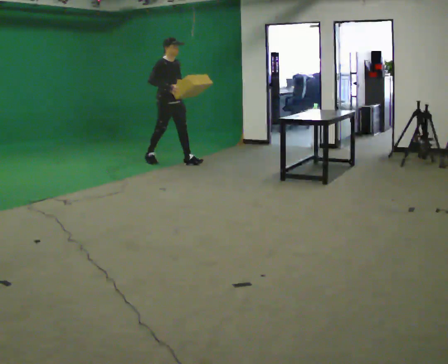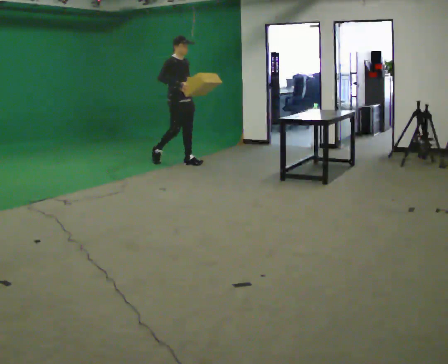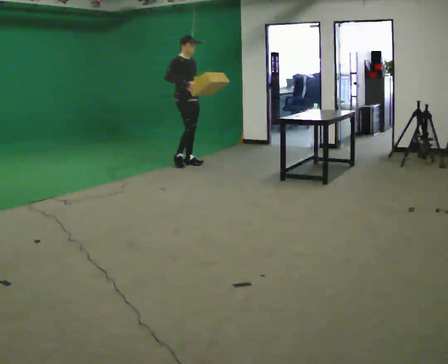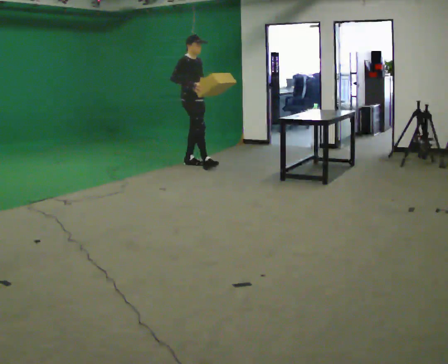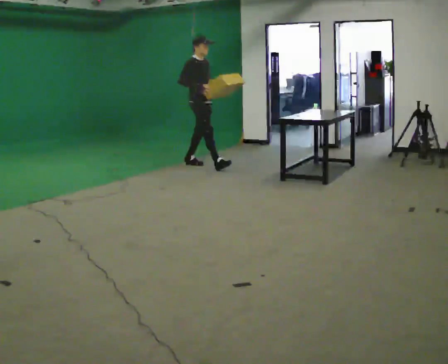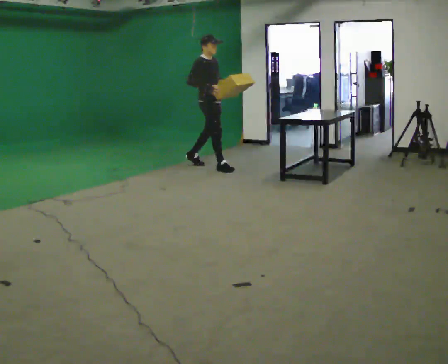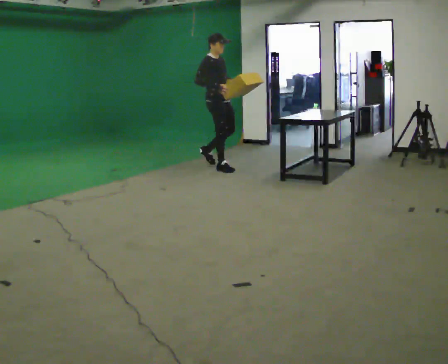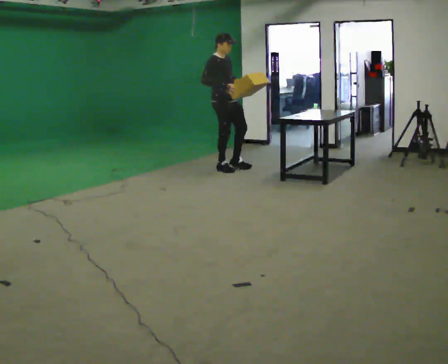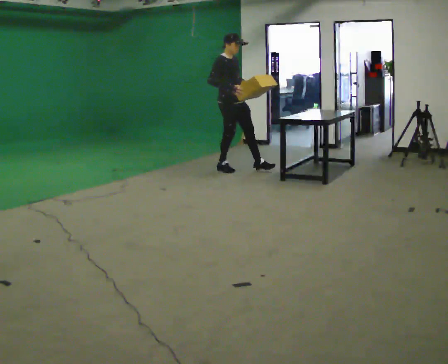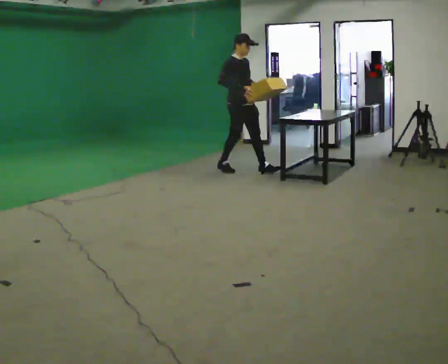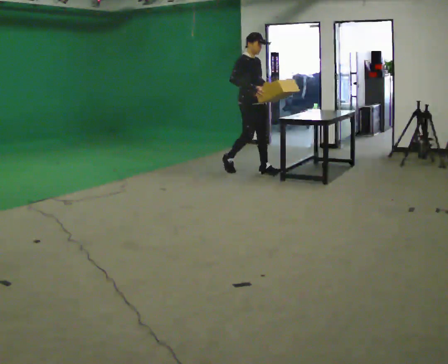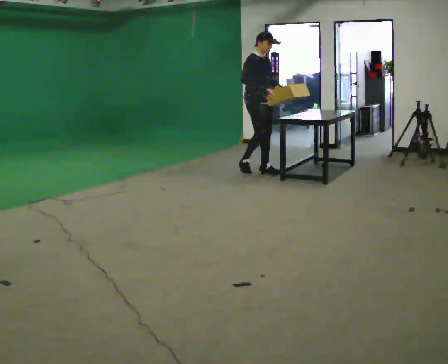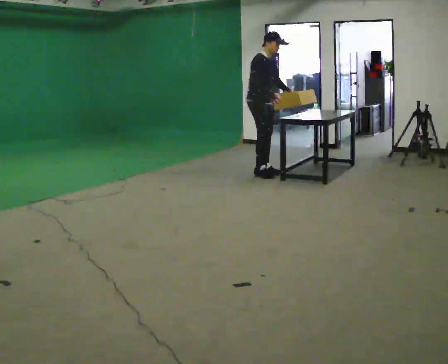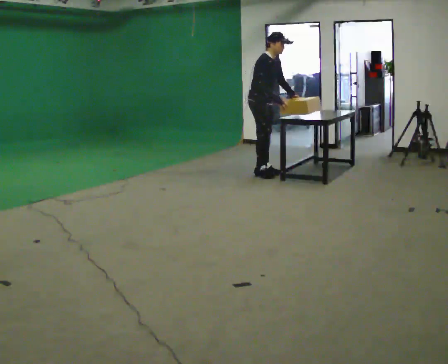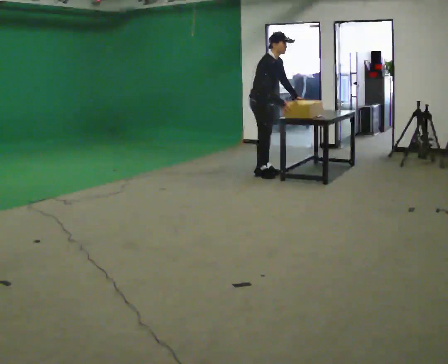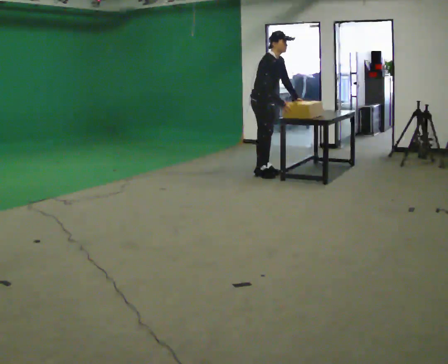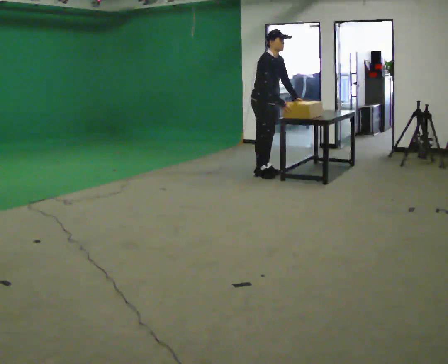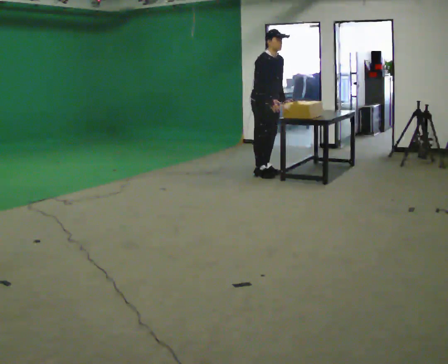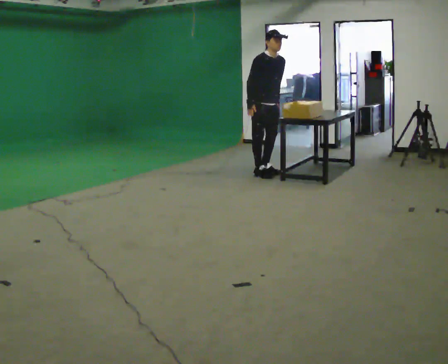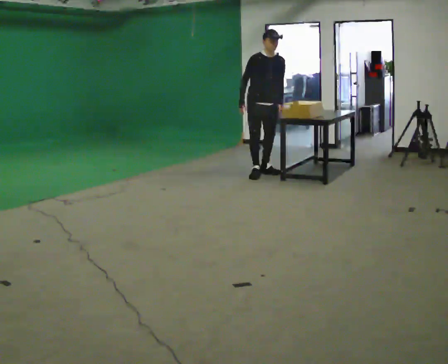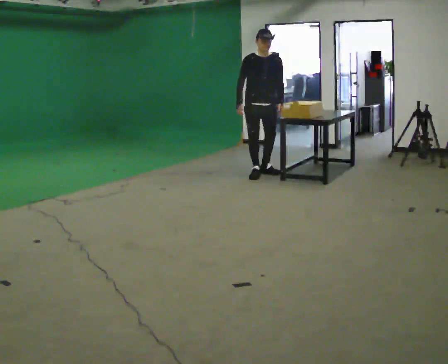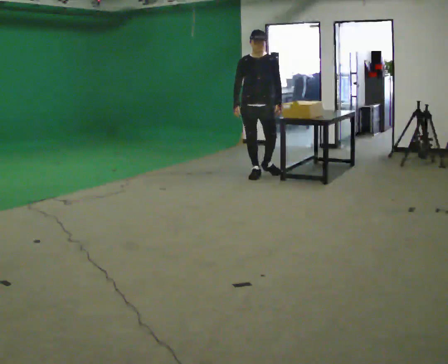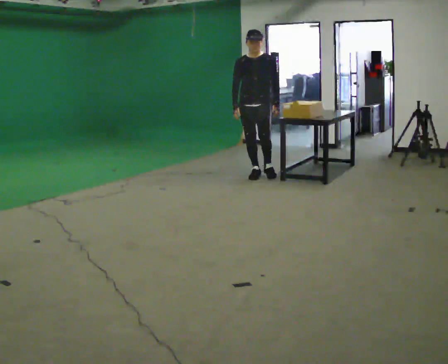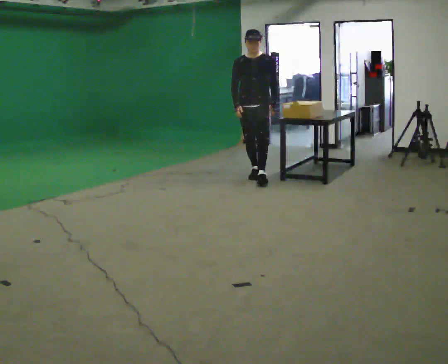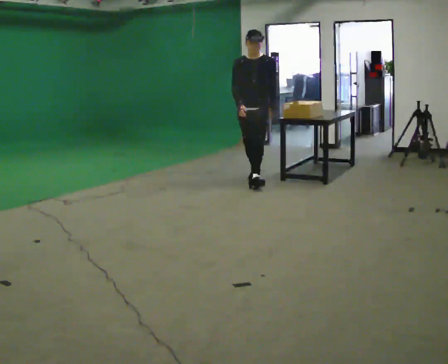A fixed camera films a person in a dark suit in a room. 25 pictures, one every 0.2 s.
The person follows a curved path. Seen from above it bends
clockwise.
0.0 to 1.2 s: In the picture they go to the right and toward the camera, about 1 m in 1 step, which for them is forward.
1.2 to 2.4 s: In the picture they go to the right and toward the camera, about 0.5 m in 2 steps, which for them is forward. In the picture the upper body tilts clockwise, shoulders to the right, as they bend forward.
2.4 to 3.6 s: Seen from above the body turns clockwise, about 30 degrees: to their right, with its near side sliding to the left.
3.6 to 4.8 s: The person turns about 45 degrees to their right, clockwise seen from above, so the part of the body nearest the lens slides to the left. In the picture they go toward the camera, about 0.5 m in 1 step, which for them is forward.
The film runs forward here.
